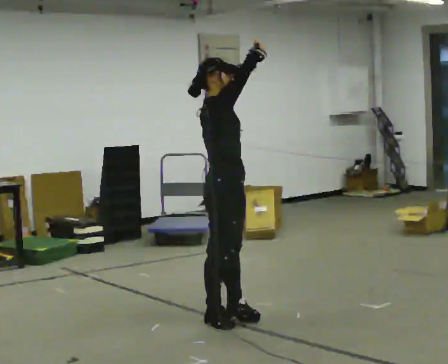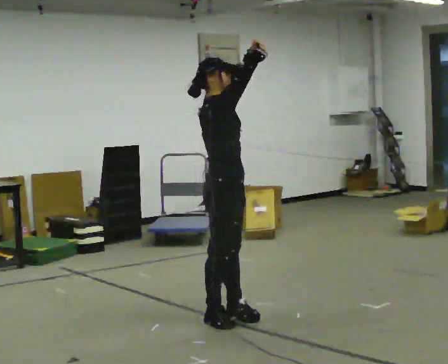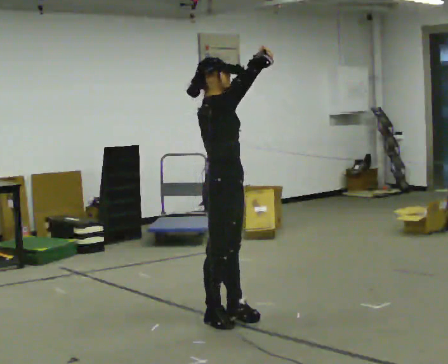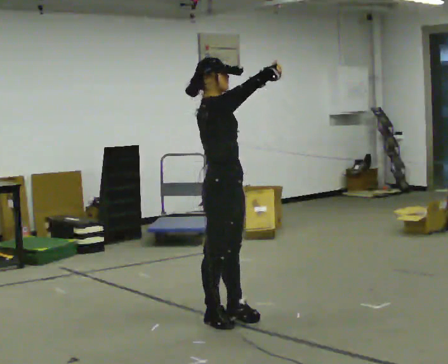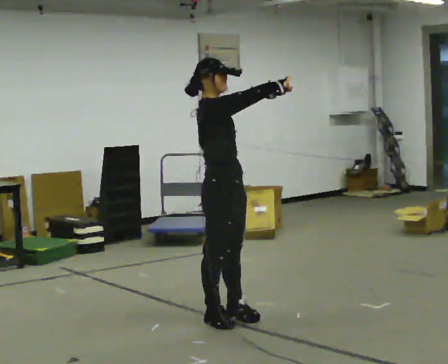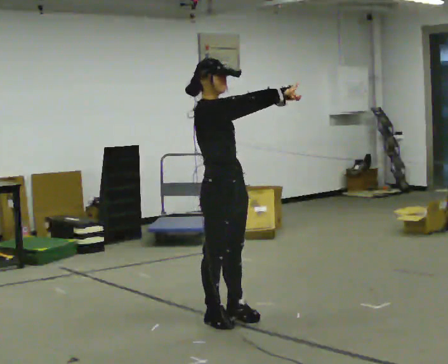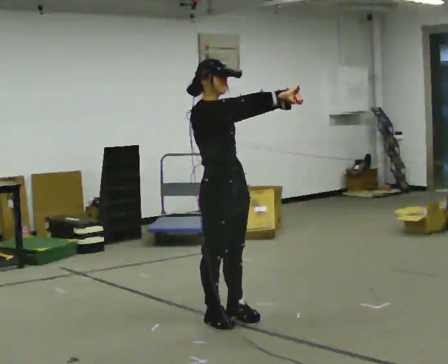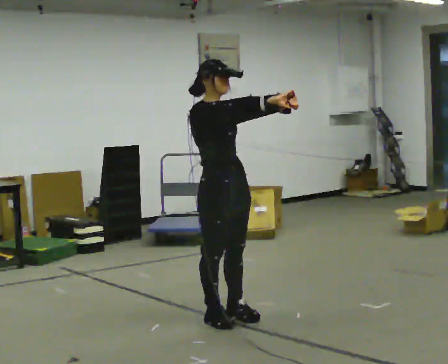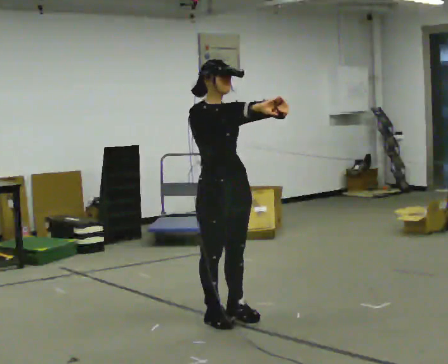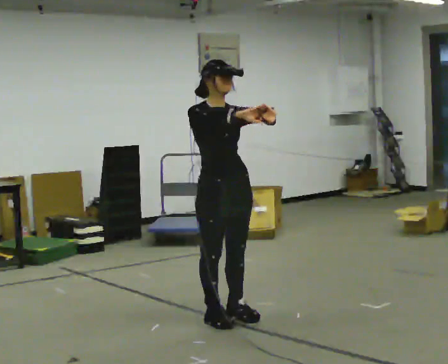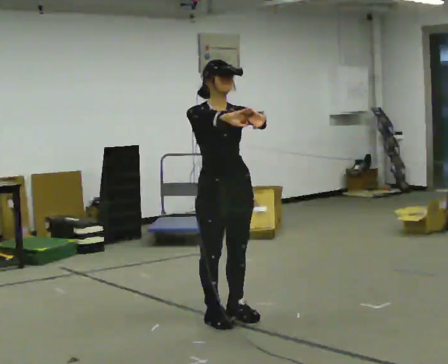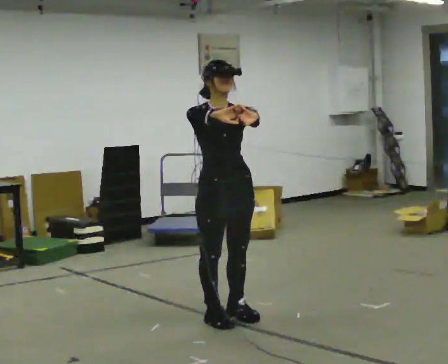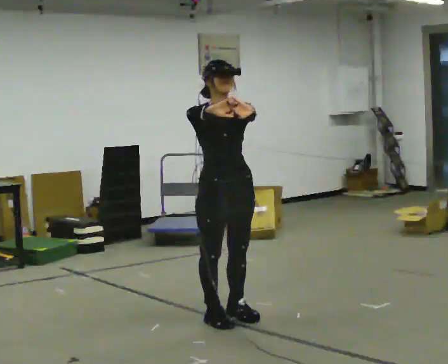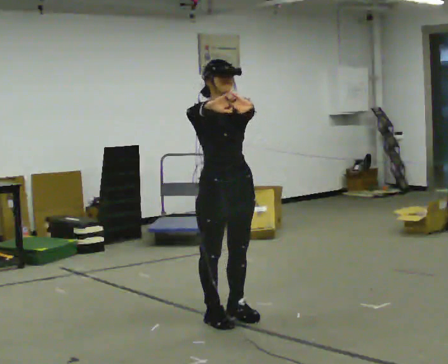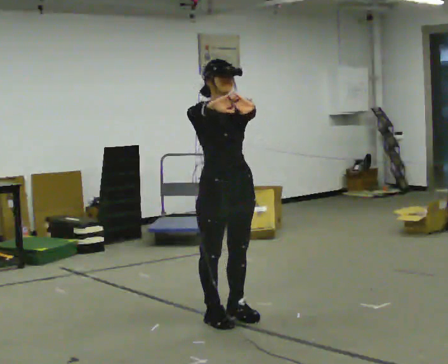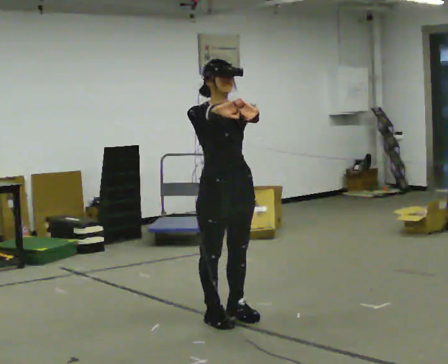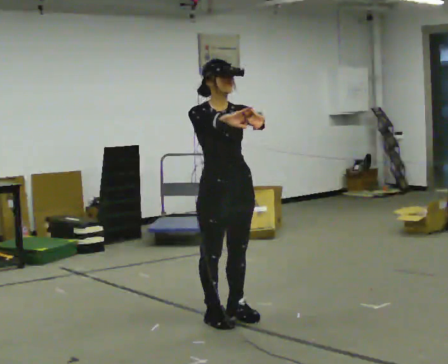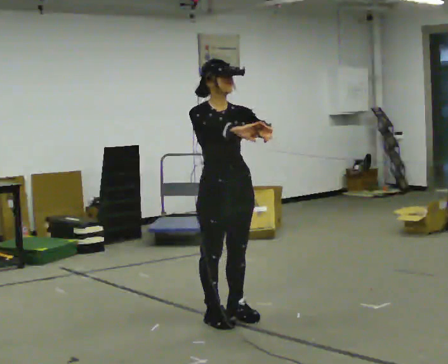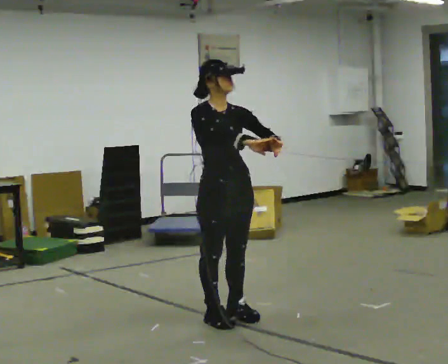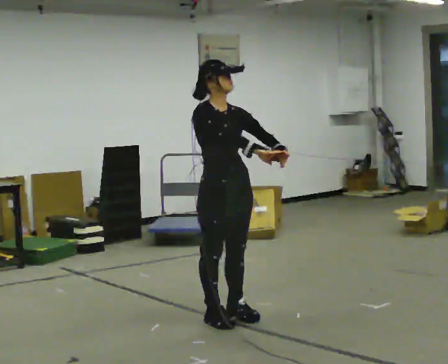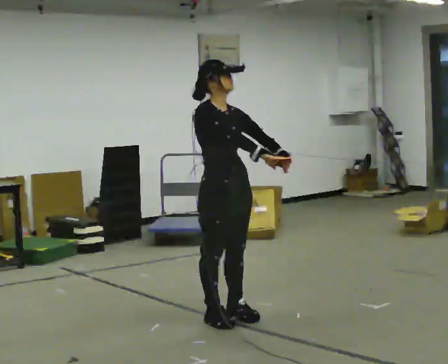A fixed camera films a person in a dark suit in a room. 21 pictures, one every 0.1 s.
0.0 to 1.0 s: The part of the body nearest the lens slides to the left as the person turns to their right by about 45 degrees. In the picture their left hand goes downward.
1.0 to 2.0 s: The person moves a little, or ends about where they began.
The film runs backward here.
